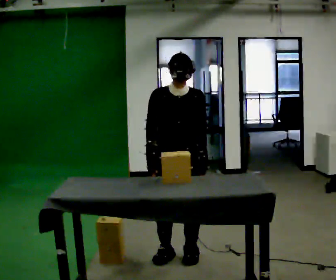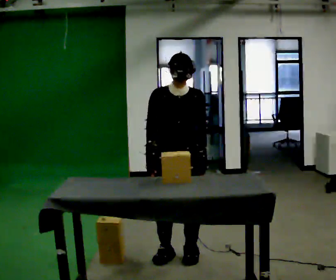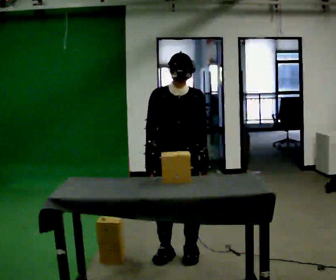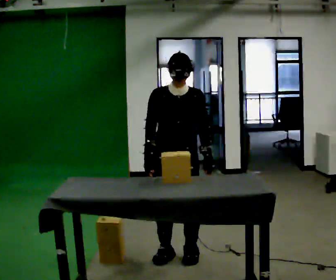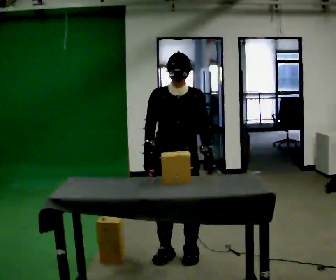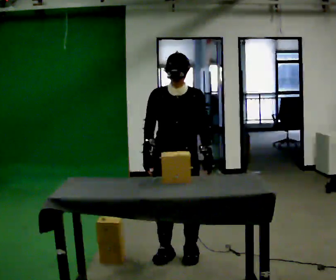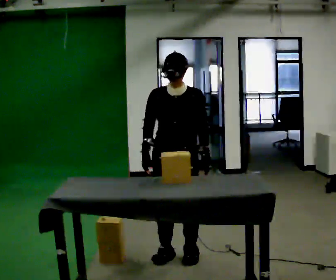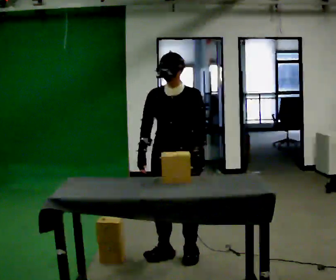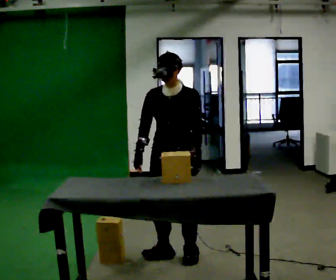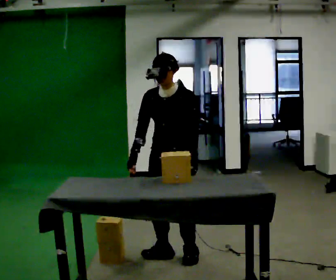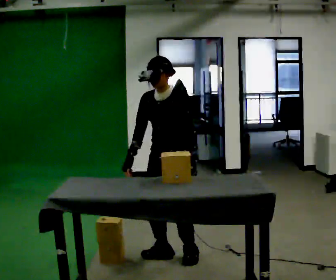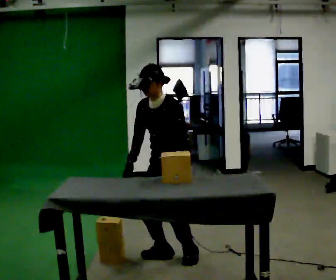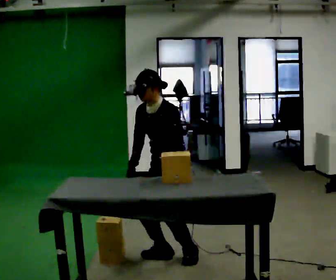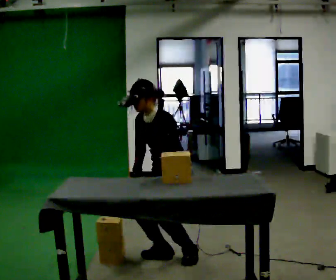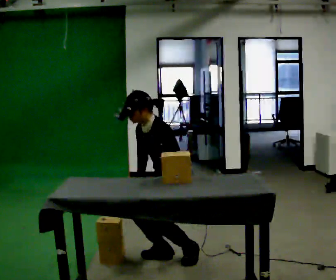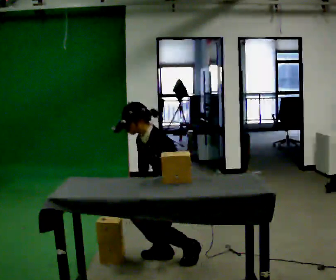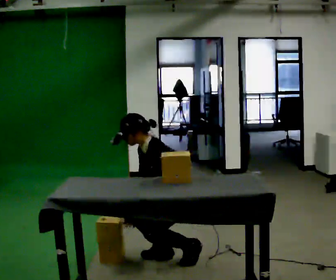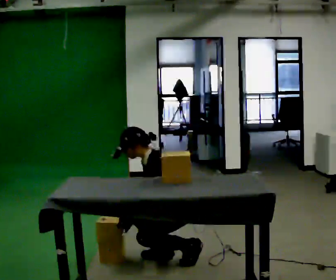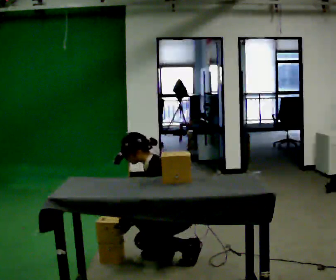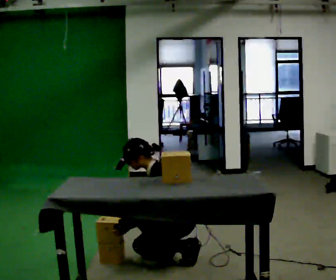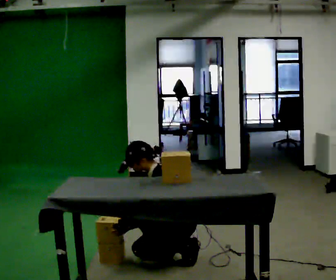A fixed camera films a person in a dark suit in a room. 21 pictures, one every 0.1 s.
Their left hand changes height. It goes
downward.
The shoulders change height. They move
downward.
0.0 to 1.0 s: The person turns about 30 degrees to their right, clockwise seen from above, so the part of the body nearest the lens slides to the left.
1.0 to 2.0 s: The person turns about 60 degrees to their right, clockwise seen from above, so the part of the body nearest the lens slides to the left. The upper body goes downward. In the picture the upper body tilts counterclockwise, shoulders to the left. In the picture their left hand goes downward and to the left, the arm swinging clockwise.
The film runs backward here.
